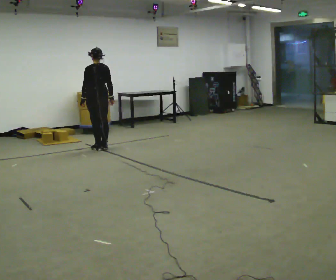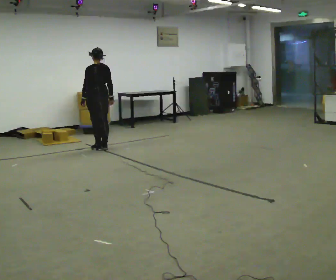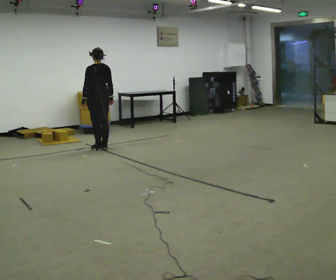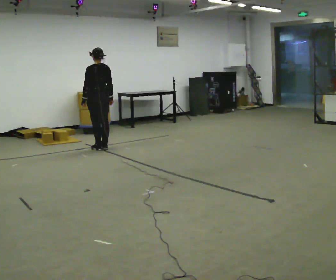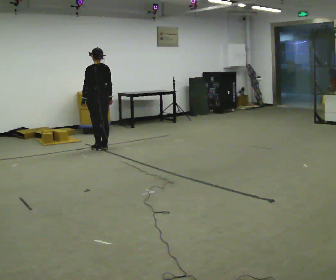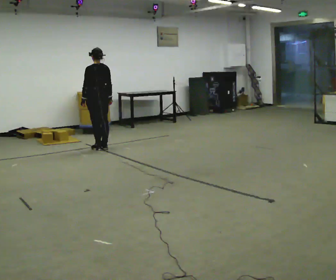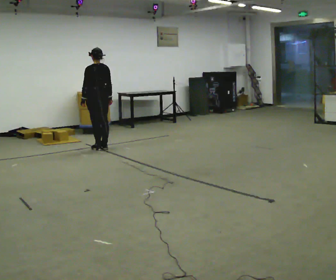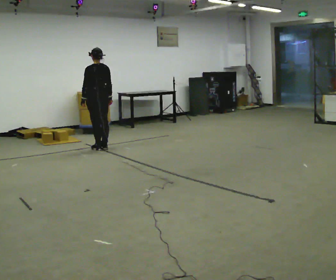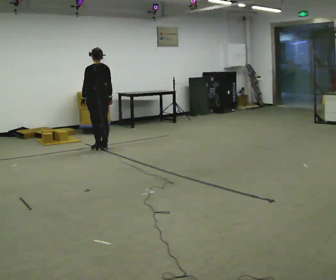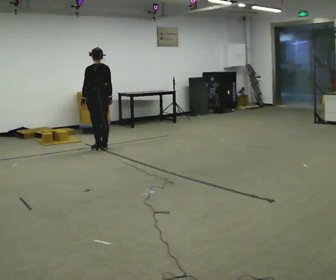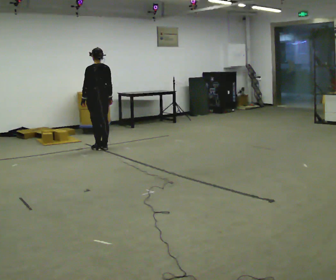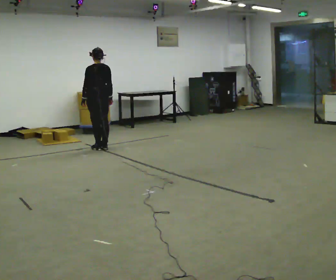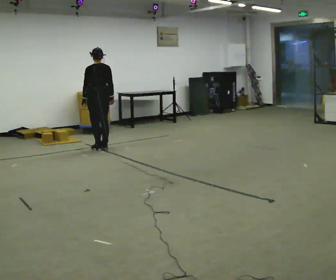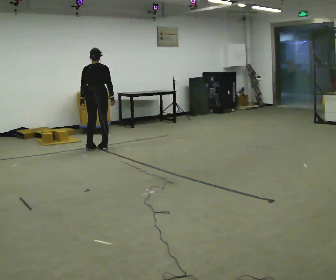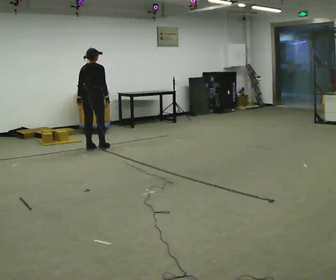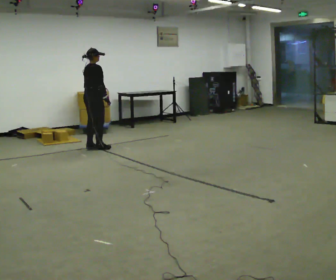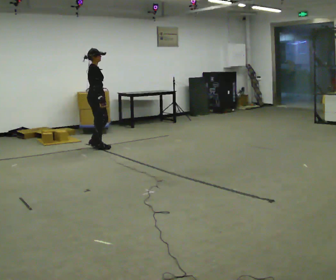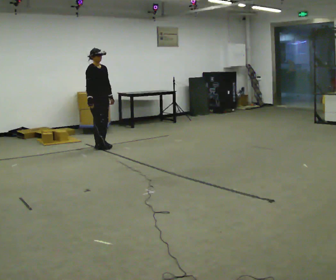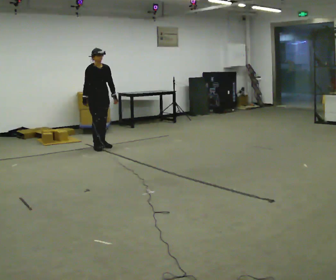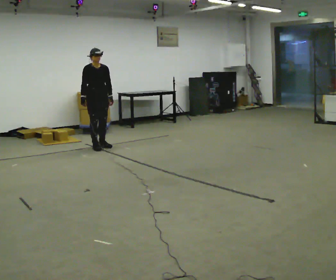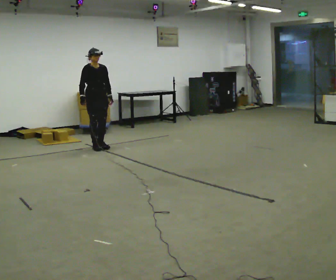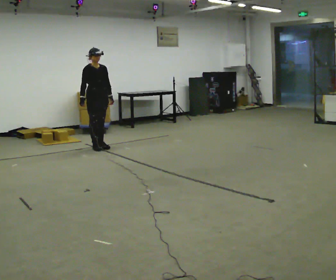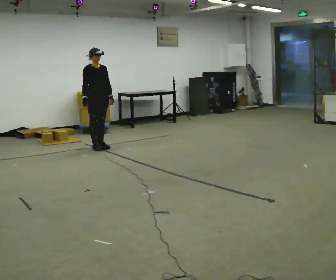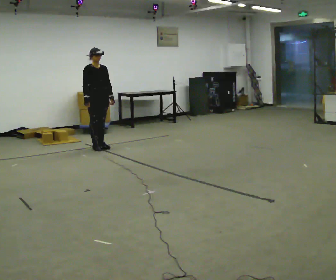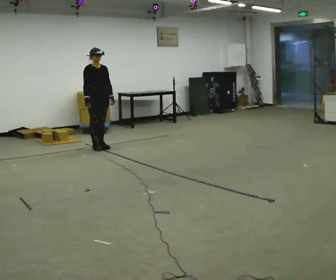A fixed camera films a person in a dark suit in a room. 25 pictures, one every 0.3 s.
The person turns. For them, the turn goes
to their right.
The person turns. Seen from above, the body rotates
clockwise.
0.0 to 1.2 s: The person moves a little, or ends about where they began.
1.2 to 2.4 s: The person keeps their place and pose.
2.4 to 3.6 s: The person moves a little, or ends about where they began.
3.6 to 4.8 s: The person turns about 120 degrees to their right, clockwise seen from above, so the part of the body nearest the lens slides to the left.
4.8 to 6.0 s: The person turns about 45 degrees to their right, clockwise seen from above, so the part of the body nearest the lens slides to the left.
6.0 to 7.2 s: The person moves a little, or ends about where they began.
The film runs forward here.
